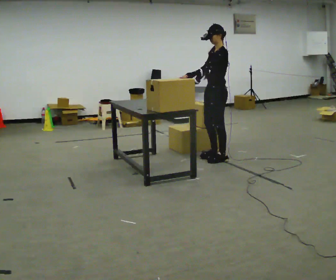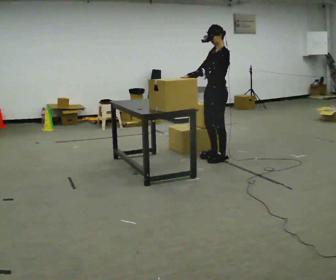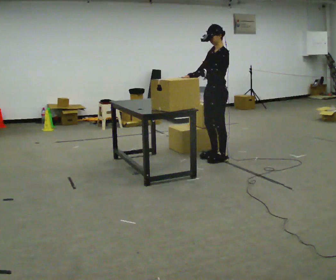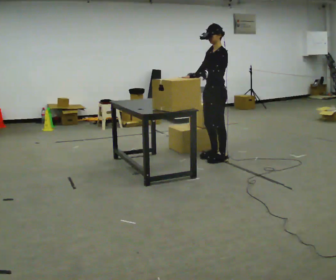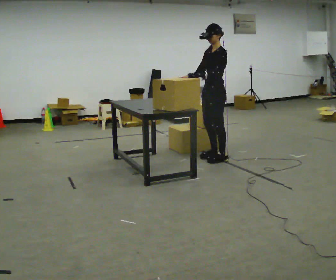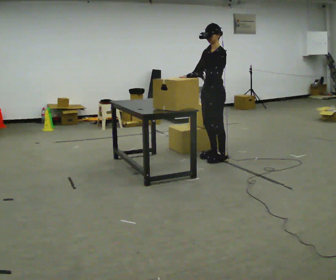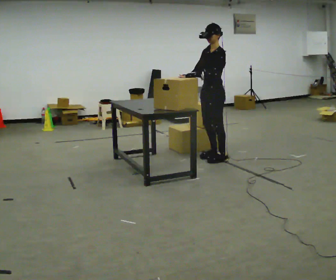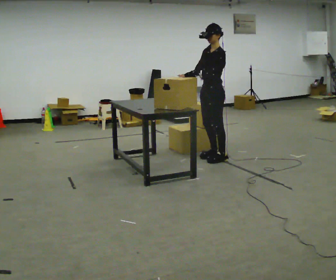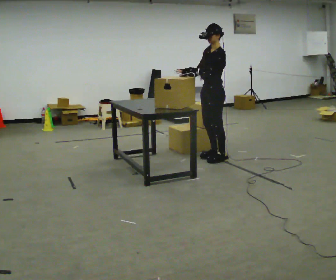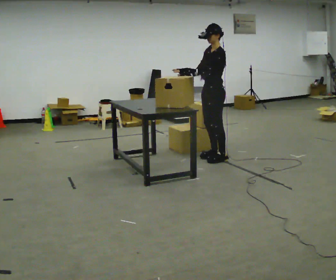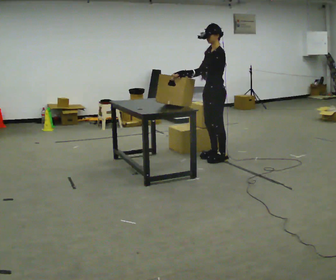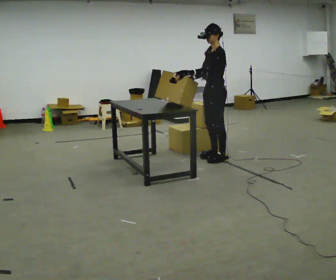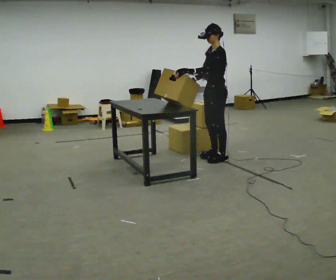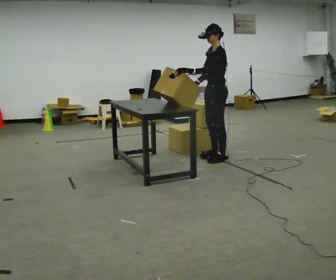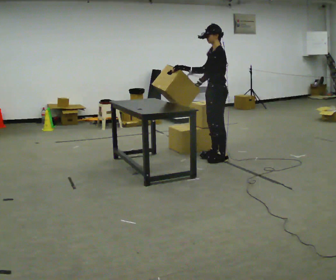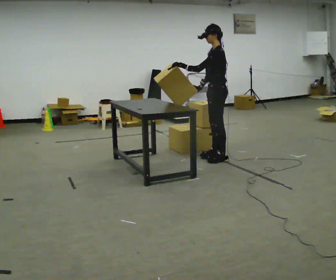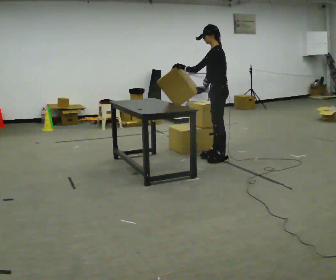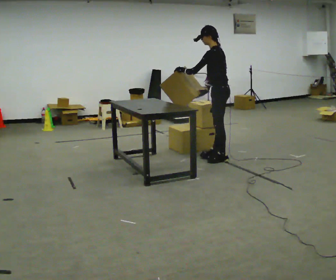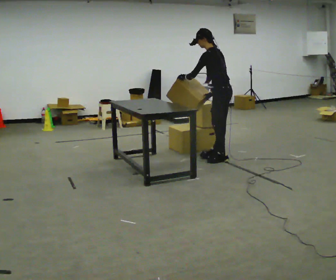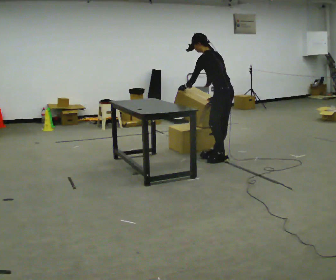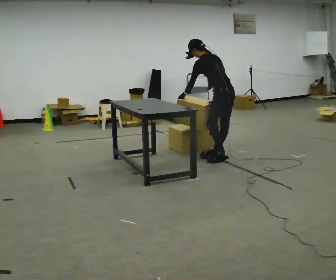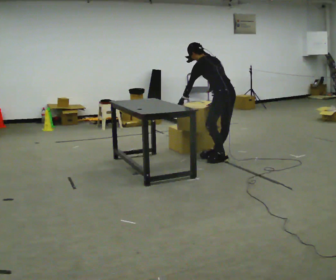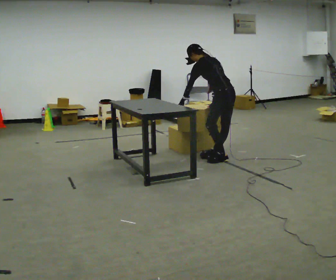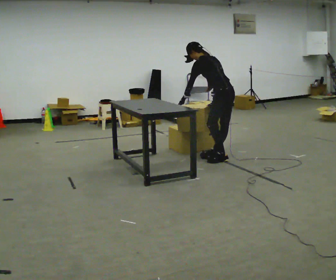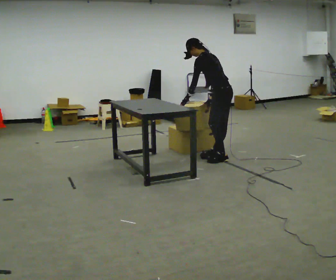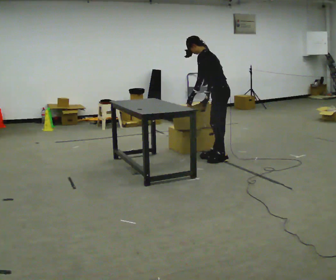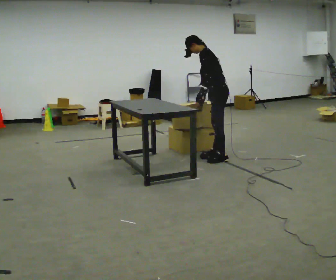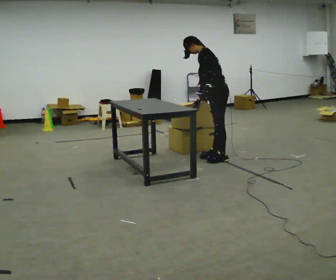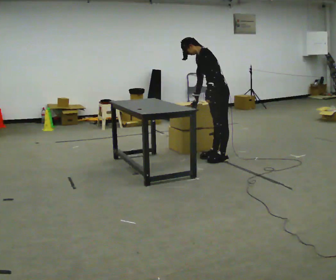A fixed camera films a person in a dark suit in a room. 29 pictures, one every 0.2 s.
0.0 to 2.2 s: The person moves a little, or ends about where they began.
2.2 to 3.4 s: Seen from above the body turns clockwise, about 30 degrees: to their right, with its near side sliding to the left.
3.4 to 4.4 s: The part of the body nearest the lens slides to the left as the person turns to their right by about 30 degrees. The shoulders move downward. The upper body tips away from the camera, its near side rolling upward, as they bend forward. In the picture their left hand goes downward.
4.4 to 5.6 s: The person turns about 60 degrees to their left, counterclockwise seen from above, so the part of the body nearest the lens slides to the right. The upper body tips toward the camera, its near side rolling downward, as they lean back or straighten. In the picture their left hand goes to the right.
The film runs backward here.
